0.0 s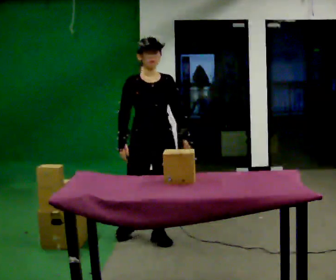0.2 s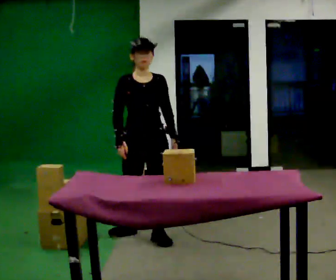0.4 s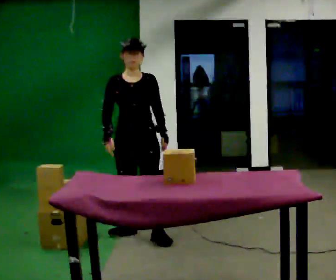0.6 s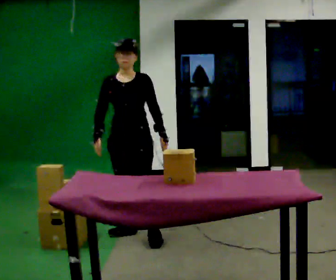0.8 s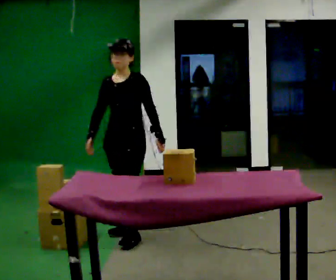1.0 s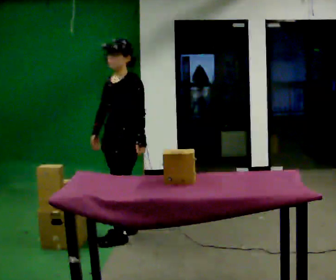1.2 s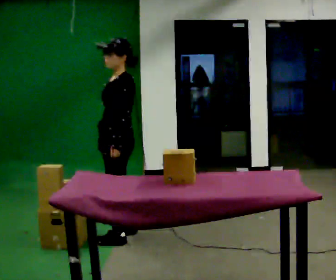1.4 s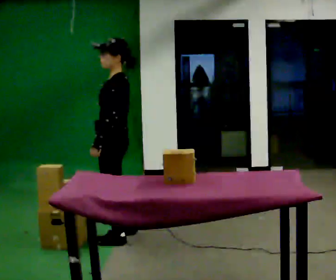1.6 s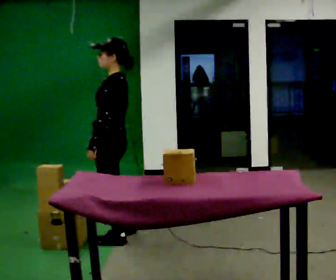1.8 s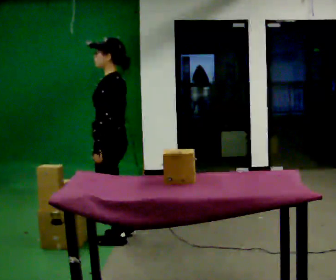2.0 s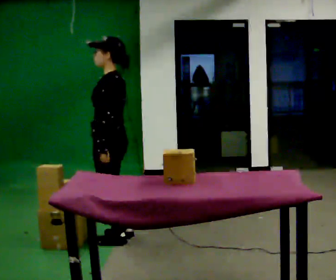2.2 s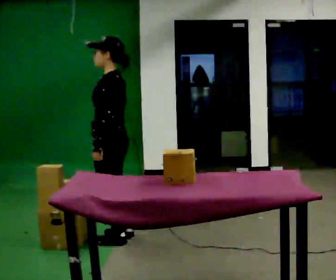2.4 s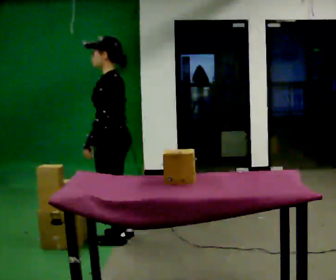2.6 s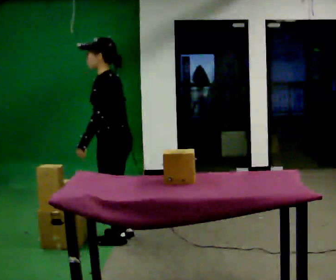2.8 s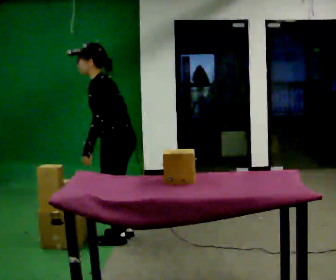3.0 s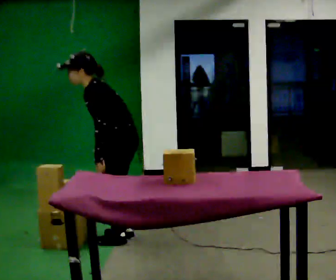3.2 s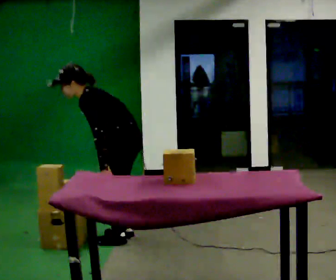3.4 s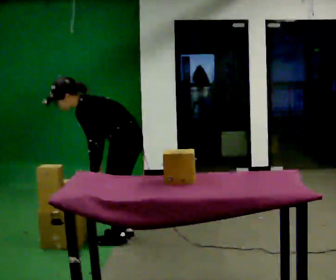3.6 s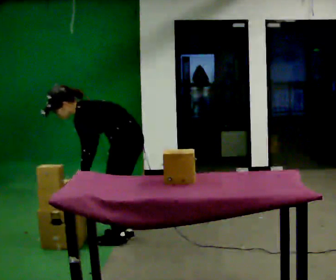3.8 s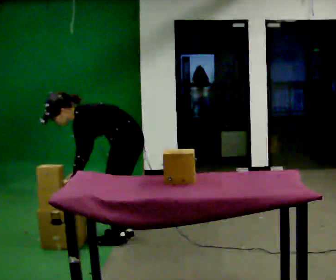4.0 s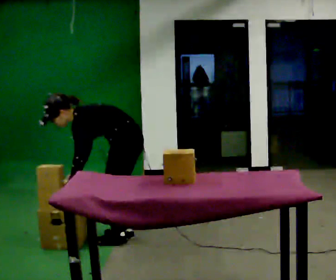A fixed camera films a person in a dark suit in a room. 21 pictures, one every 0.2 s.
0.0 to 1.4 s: The part of the body nearest the lens slides to the left as the person turns to their right by about 90 degrees. In the picture they go to the left, about 0.25 m in 1 step.
1.4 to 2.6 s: In the picture the upper body tilts counterclockwise, shoulders to the left, as they bend forward.
2.6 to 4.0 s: The shoulders move downward. In the picture the upper body tilts counterclockwise, shoulders to the left, as they bend forward. In the picture their left hand goes downward.
The film runs backward here.
